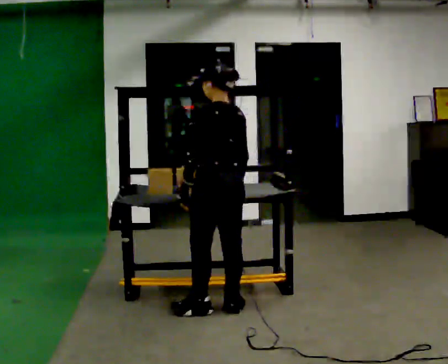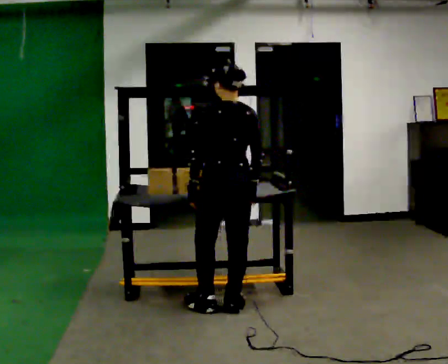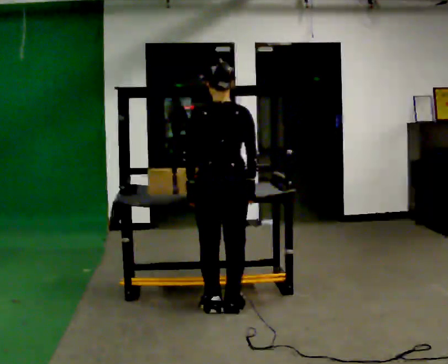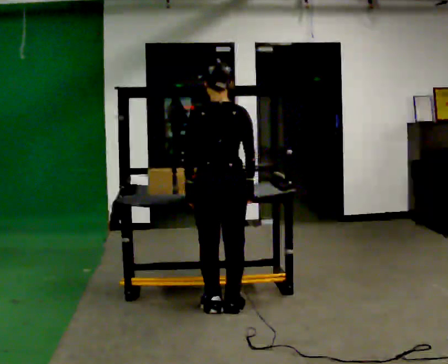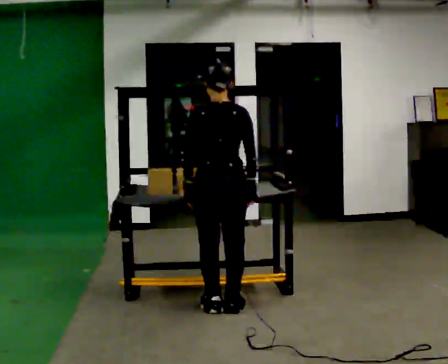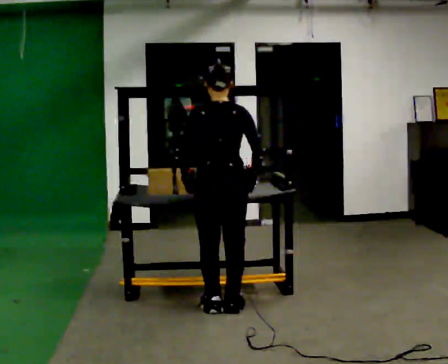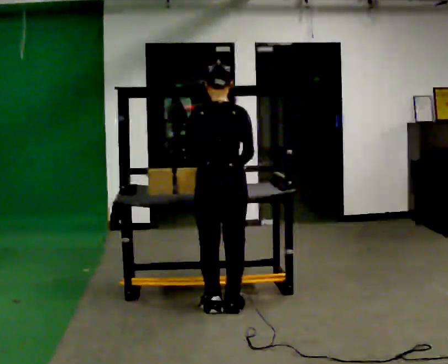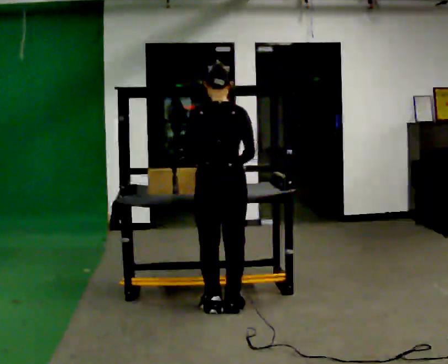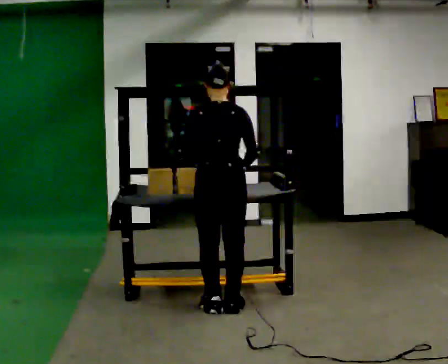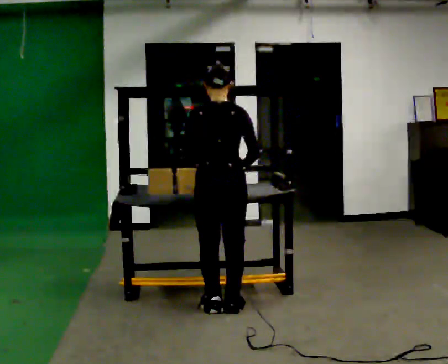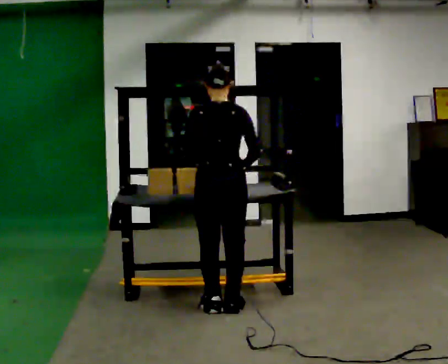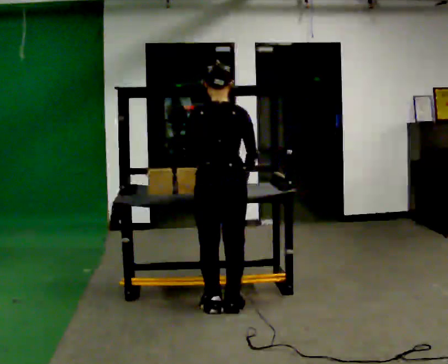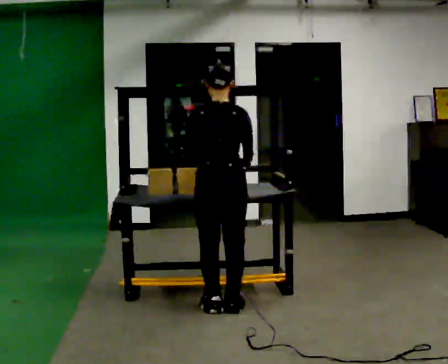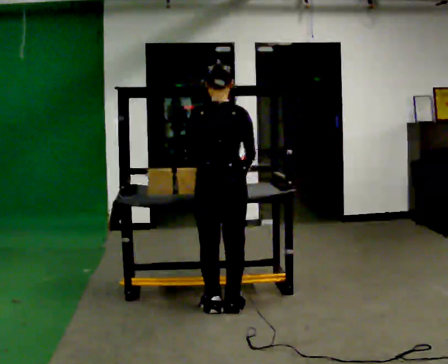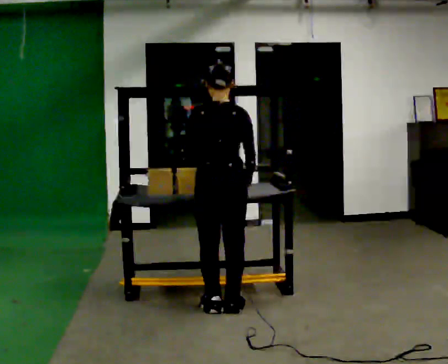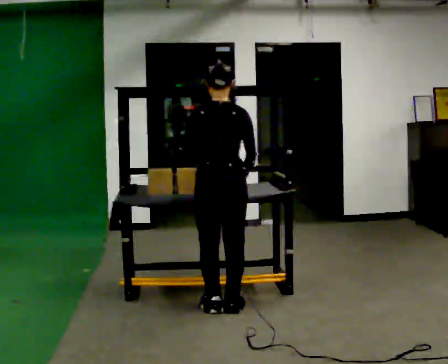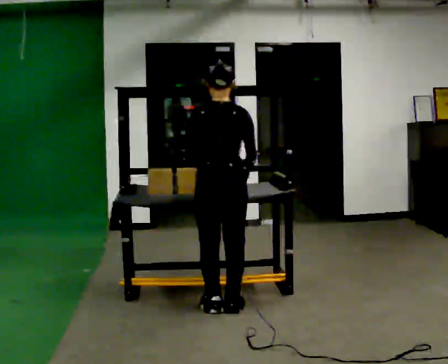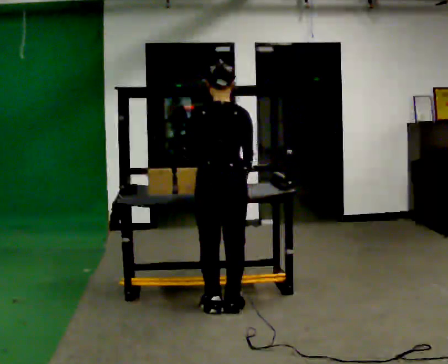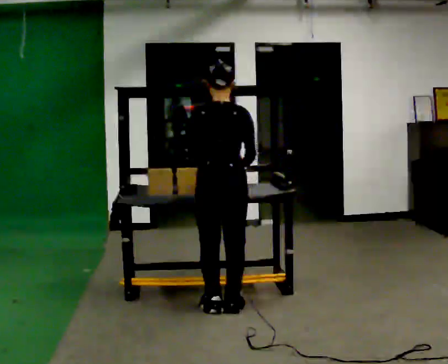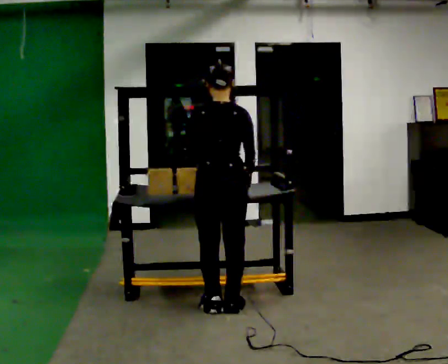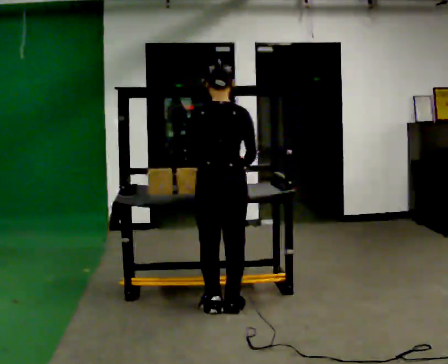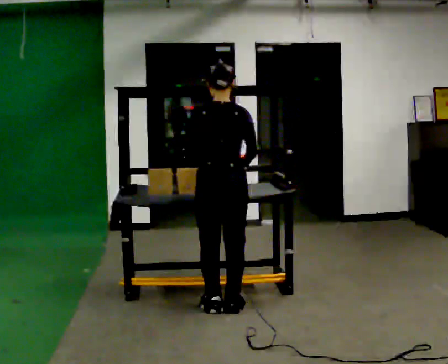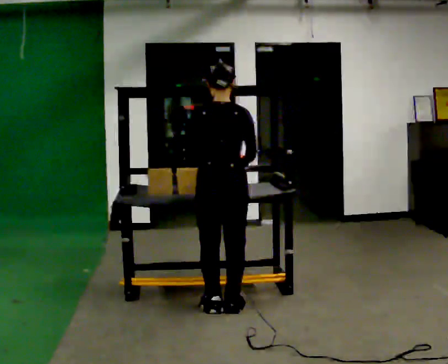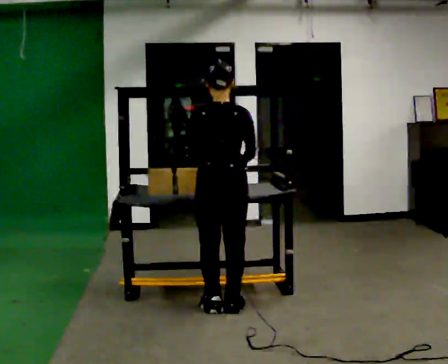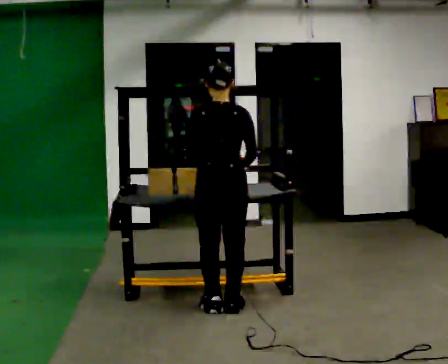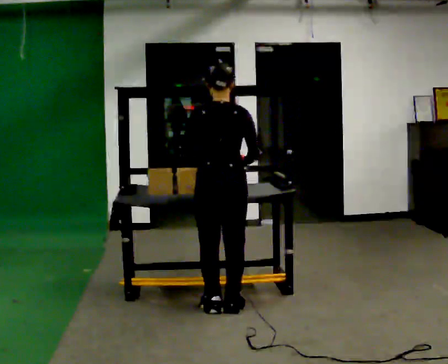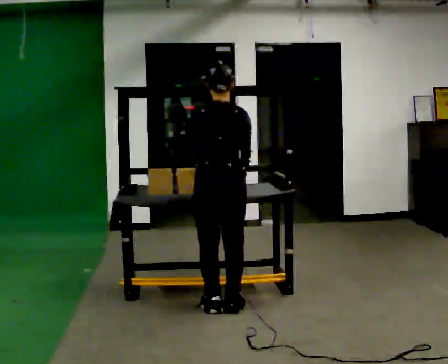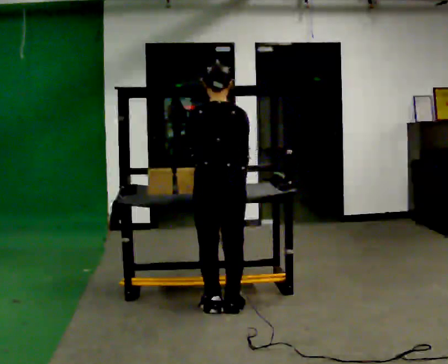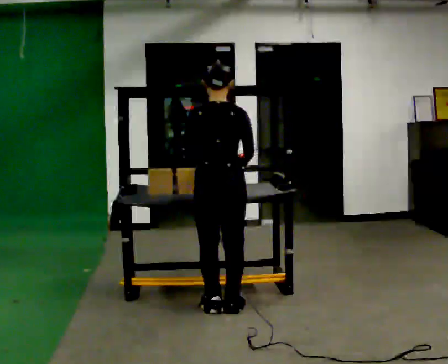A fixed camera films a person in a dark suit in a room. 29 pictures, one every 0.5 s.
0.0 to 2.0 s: Seen from above the body turns clockwise, about 30 degrees: to their right, with its near side sliding to the left.
2.0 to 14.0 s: The person moves a little, or ends about where they began.
The film runs backward here.
